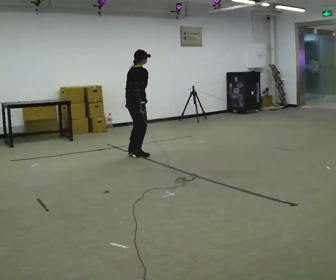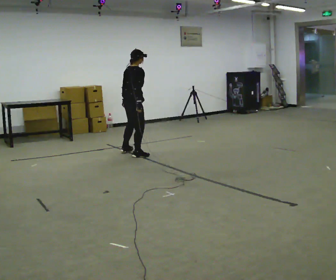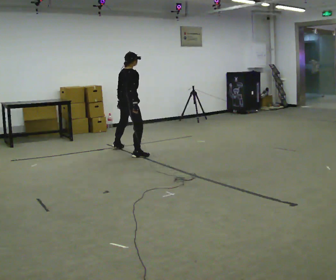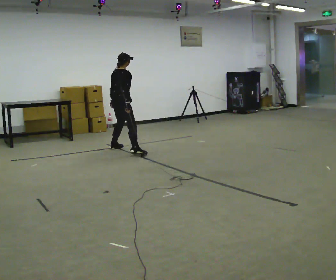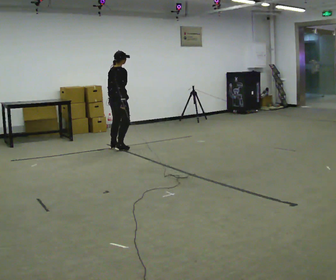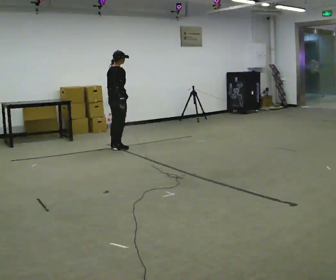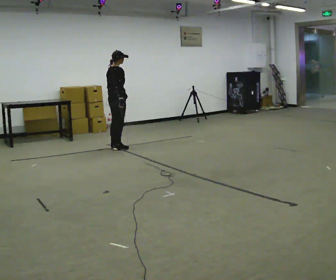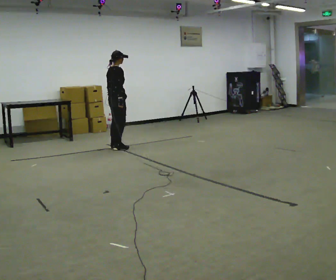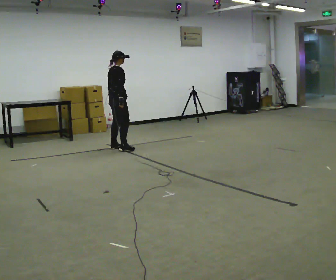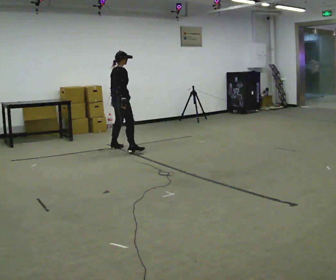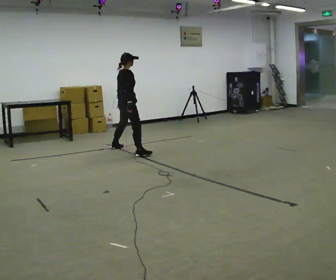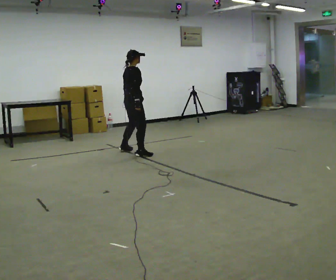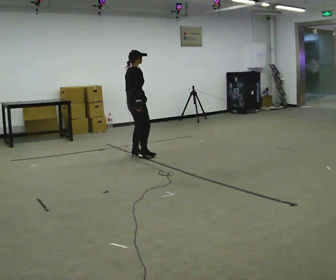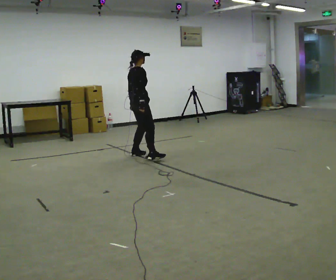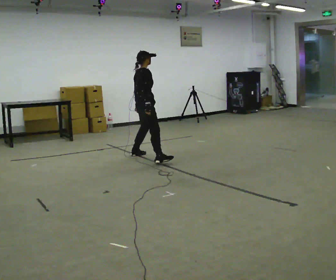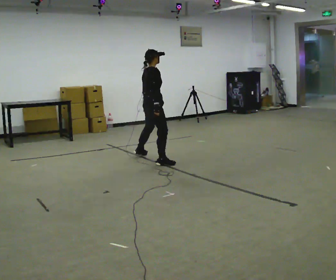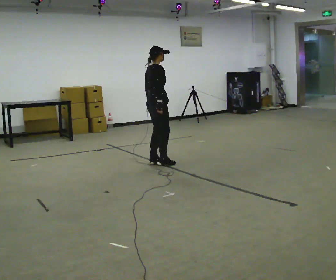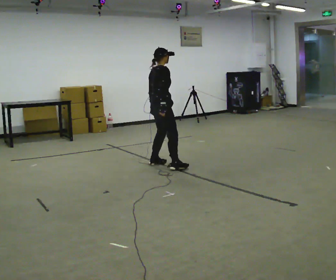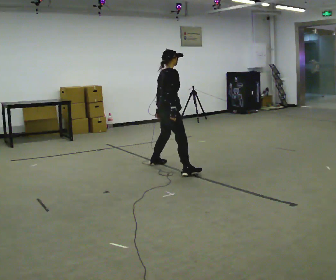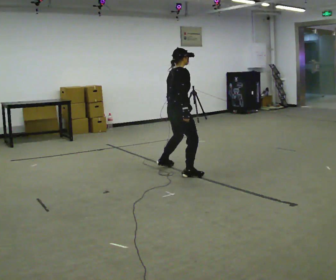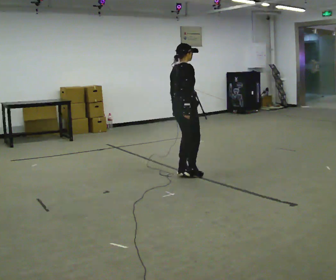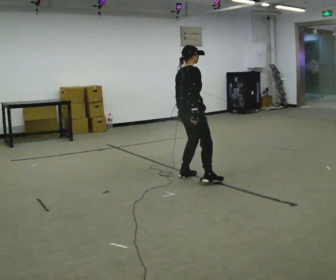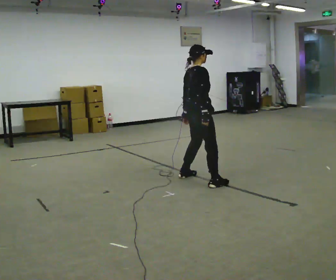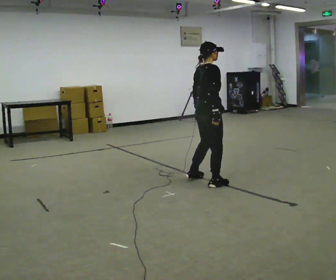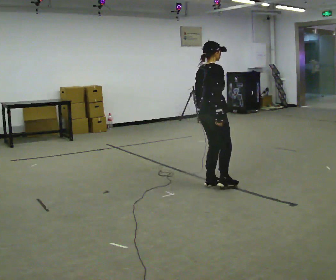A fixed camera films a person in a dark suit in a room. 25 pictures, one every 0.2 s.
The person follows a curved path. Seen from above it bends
clockwise.
0.0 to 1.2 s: In the picture they go away from the camera and to the left, about 0.75 m in 2 steps, which for them is to their left.
1.2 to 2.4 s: In the picture they go toward the camera and to the right, about 0.5 m in 2 steps, which for them is to their right.
2.4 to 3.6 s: In the picture they go toward the camera and to the right, about 1 m in 2 steps, which for them is to their right.
3.6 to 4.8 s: In the picture they go toward the camera and to the right, about 1 m in 4 steps, which for them is to their right.
The film runs forward here.
